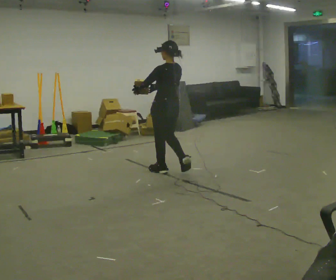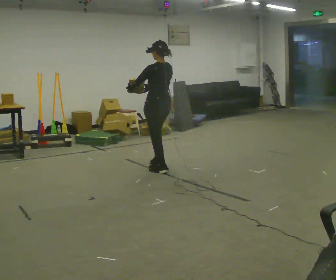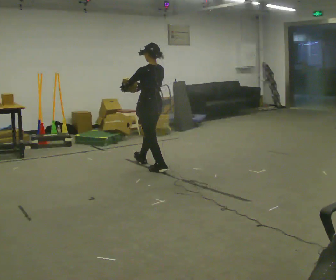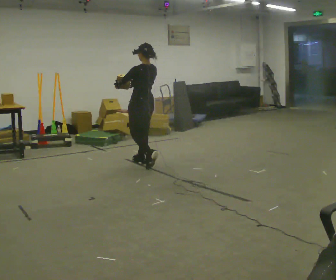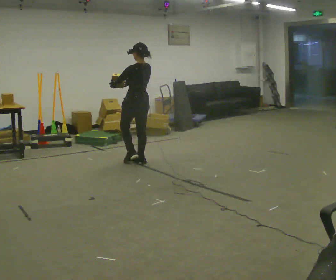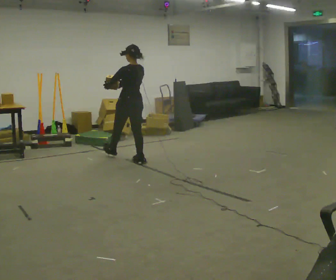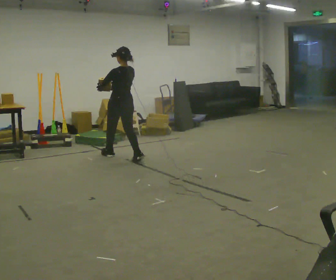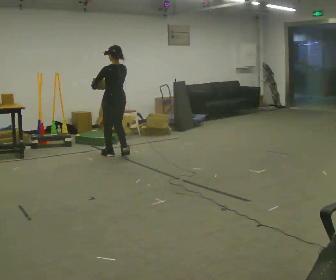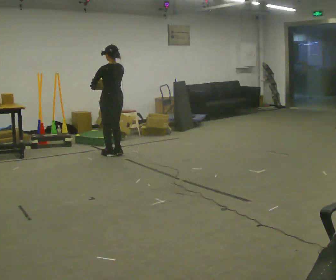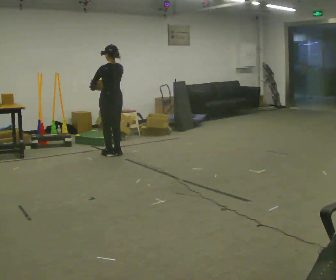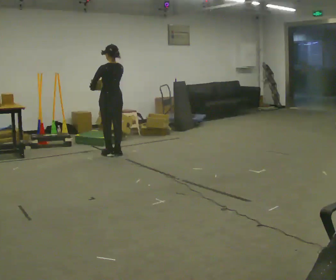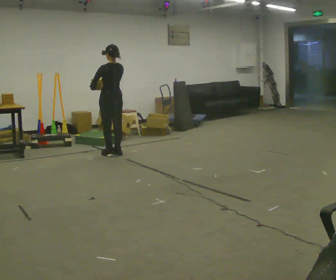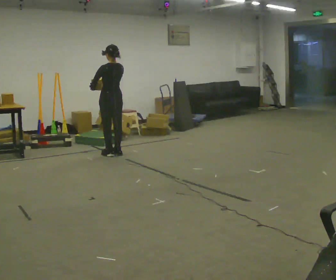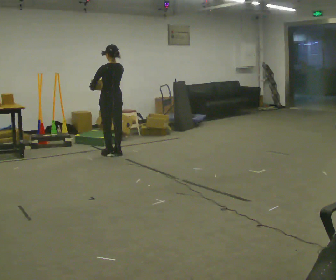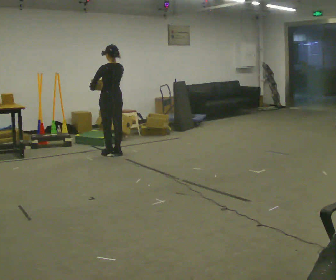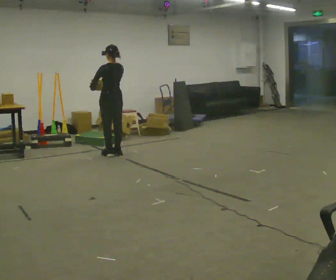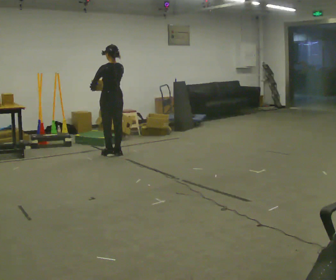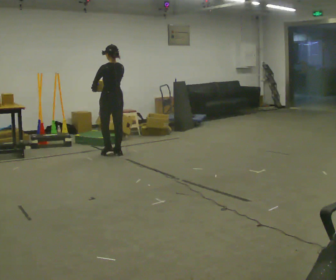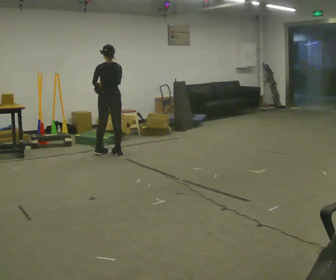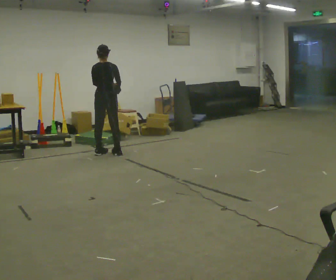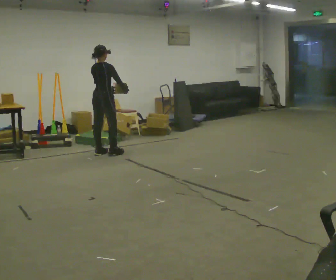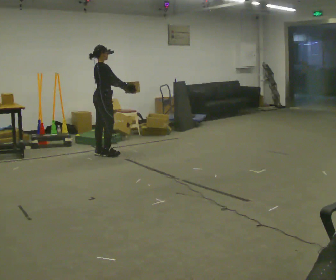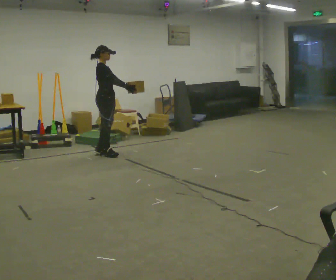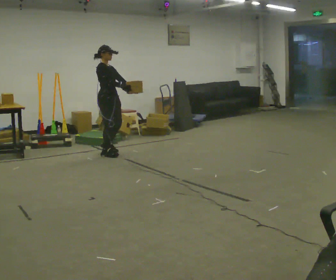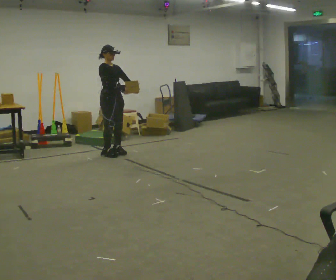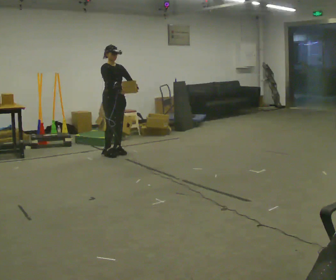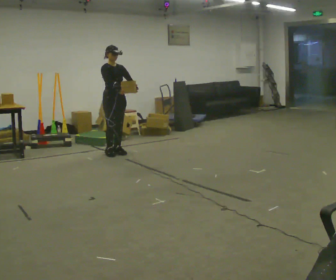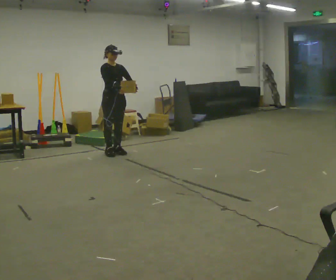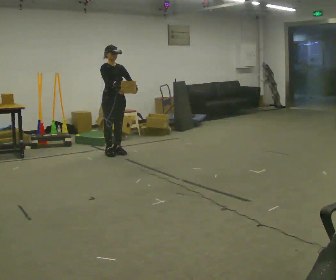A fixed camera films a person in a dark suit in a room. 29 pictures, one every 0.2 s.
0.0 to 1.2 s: In the picture they go away from the camera and to the left, about 1 m in 2 steps, which for them is forward.
1.2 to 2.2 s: In the picture they go away from the camera, about 0.25 m in 1 step, which for them is forward.
2.2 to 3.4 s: The person moves a little, or ends about where they began.
3.4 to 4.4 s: The part of the body nearest the lens slides to the left as the person turns to their right by about 120 degrees.
4.4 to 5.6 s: Seen from above the body turns clockwise, about 60 degrees: to their right, with its near side sliding to the left.
The film runs forward here.
